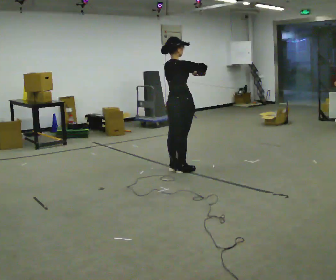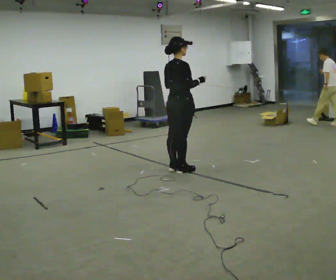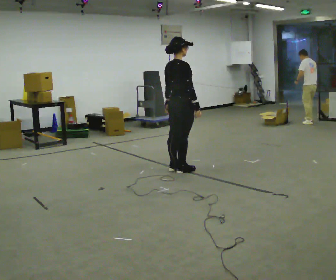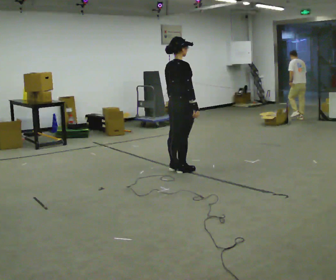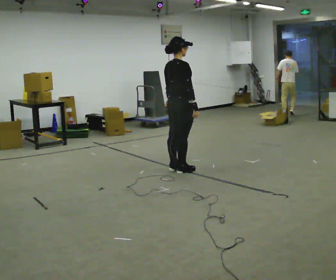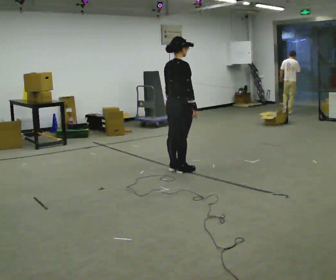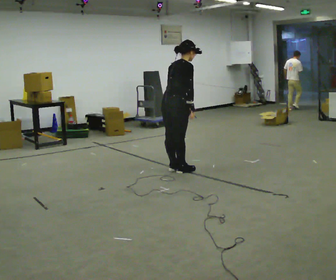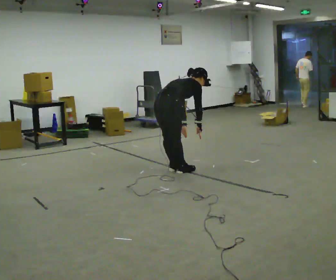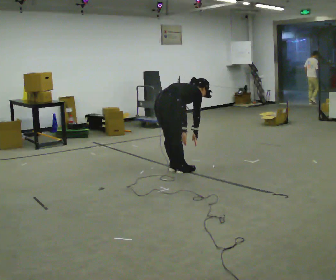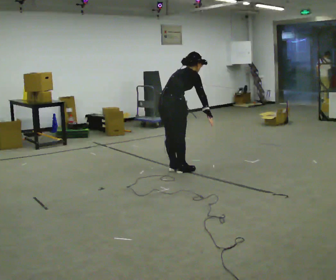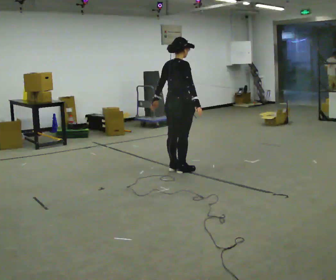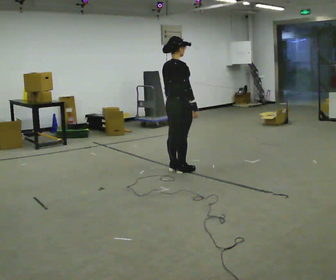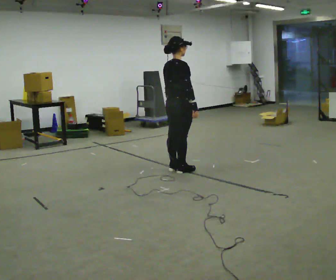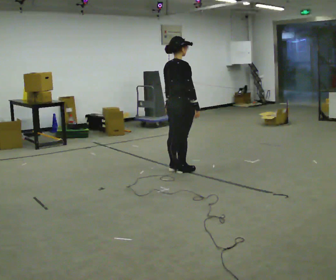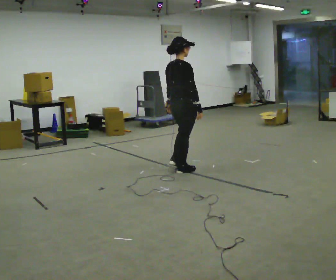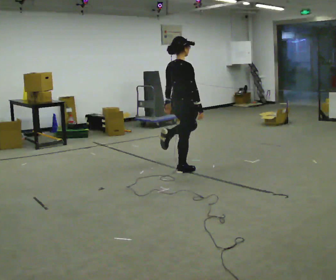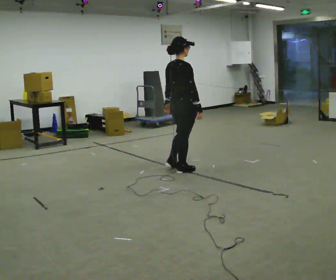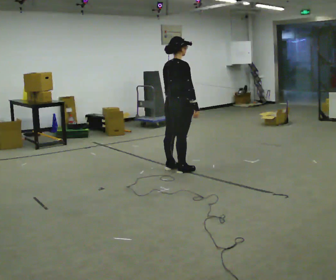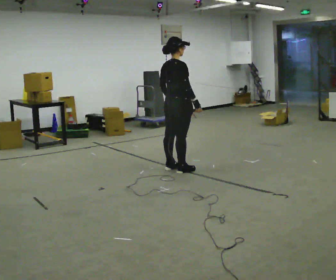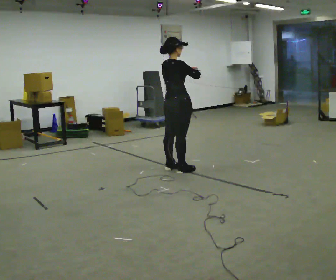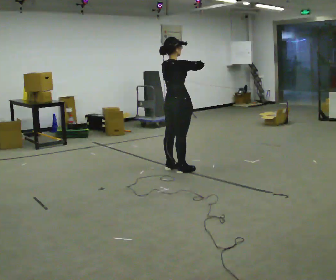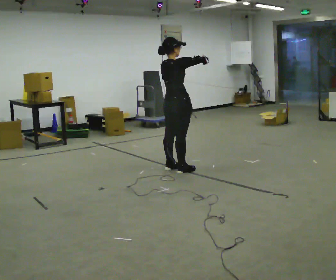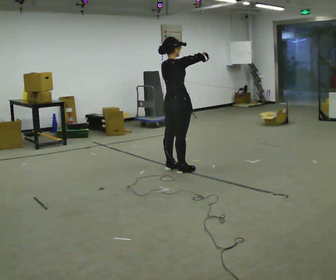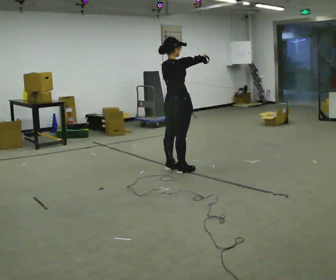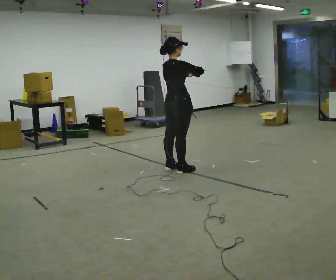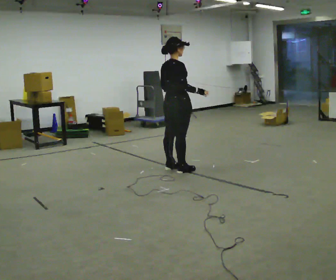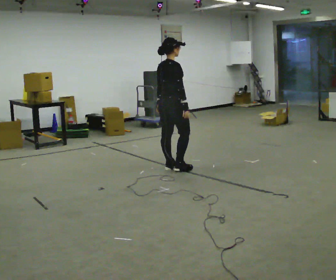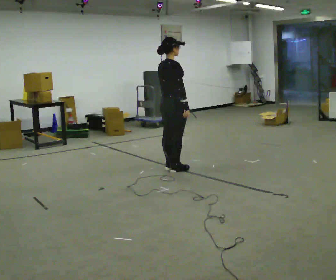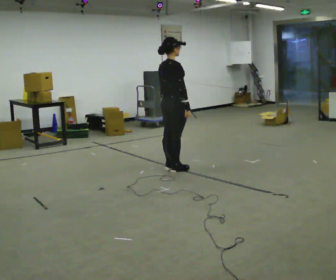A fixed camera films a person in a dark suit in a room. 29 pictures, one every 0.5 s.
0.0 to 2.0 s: In the picture their left hand goes downward.
2.0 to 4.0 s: In the picture they go to the left, about 0.25 m, which for them is backward. The upper body goes downward. In the picture the upper body tilts clockwise, shoulders to the right, as they bend forward. In the picture their left hand goes downward.
4.0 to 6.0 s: The shoulders move upward. In the picture the upper body tilts counterclockwise, shoulders to the left, as they lean back or straighten. In the picture their left hand goes upward.
6.0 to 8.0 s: The person moves a little, or ends about where they began.
8.0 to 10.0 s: In the picture their left hand goes upward.
10.0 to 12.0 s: The person moves a little, or ends about where they began.
12.0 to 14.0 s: In the picture their right hand goes downward.
The film runs forward here.
